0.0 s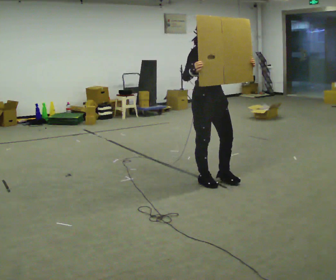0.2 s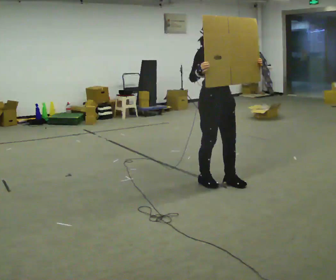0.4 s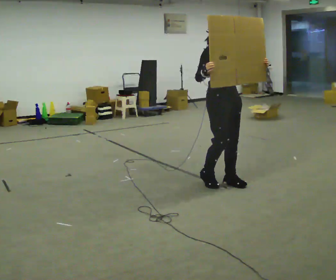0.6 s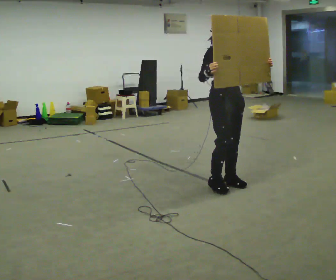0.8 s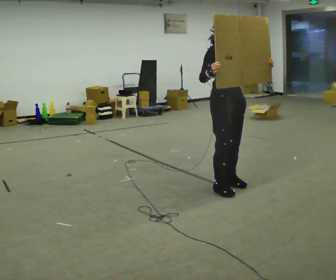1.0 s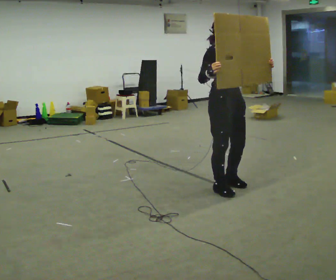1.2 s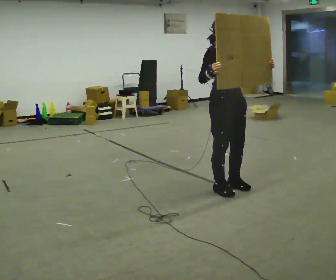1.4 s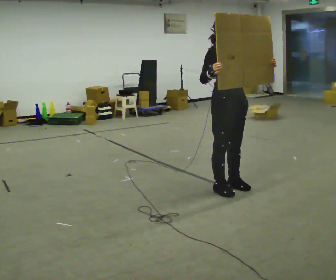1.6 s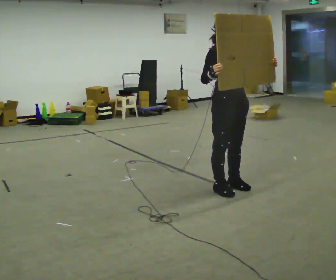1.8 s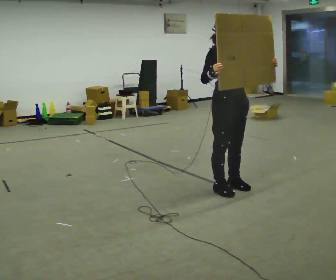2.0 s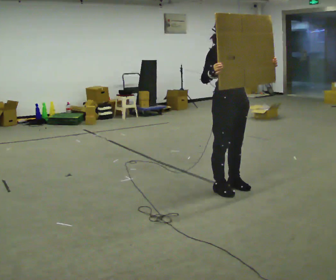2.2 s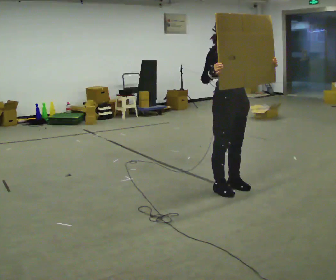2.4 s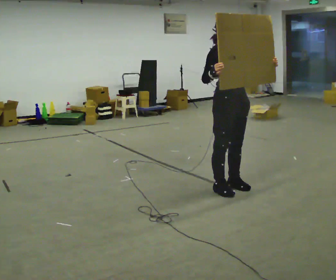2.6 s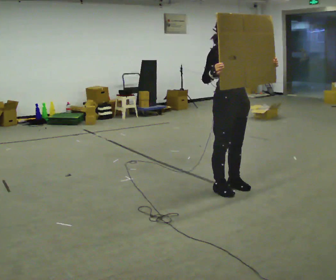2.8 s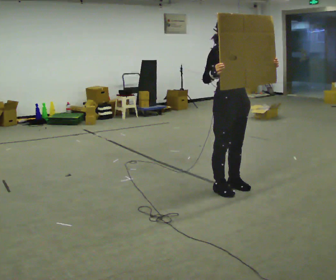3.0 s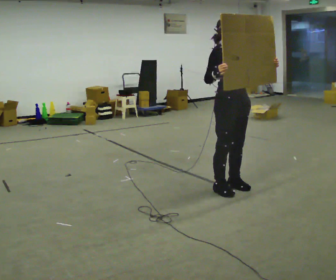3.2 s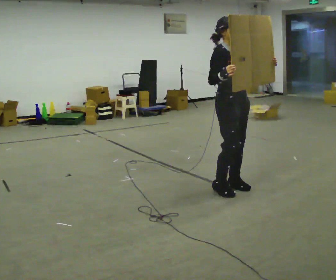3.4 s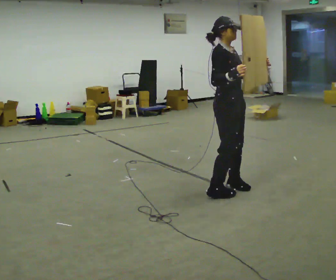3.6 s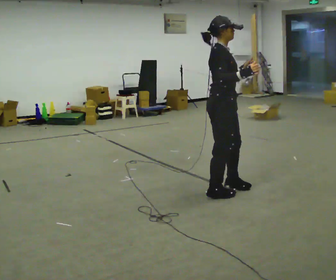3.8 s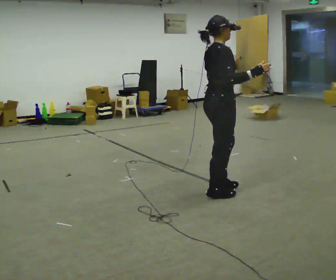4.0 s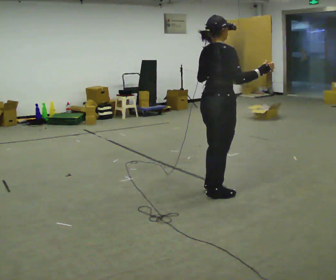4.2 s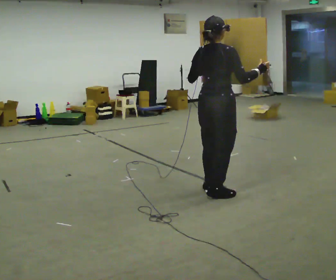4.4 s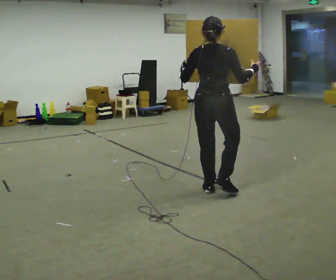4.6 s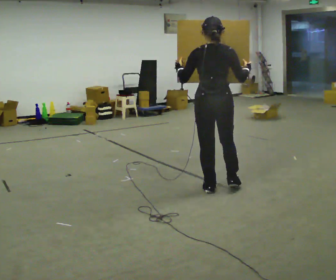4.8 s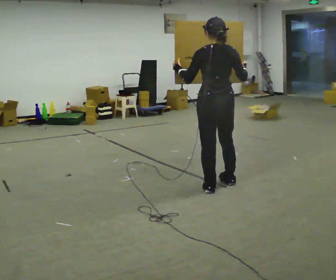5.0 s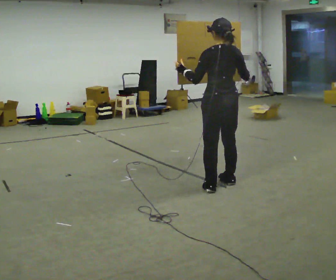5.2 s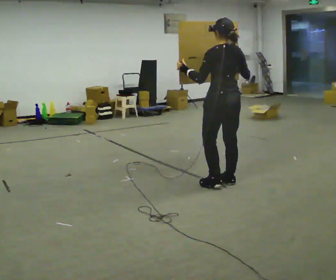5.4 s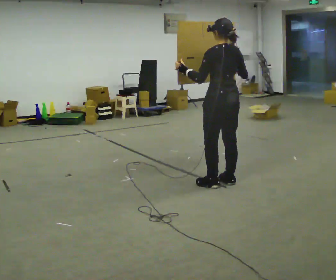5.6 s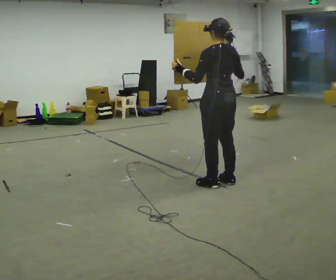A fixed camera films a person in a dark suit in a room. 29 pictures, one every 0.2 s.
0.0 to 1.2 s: In the picture they go toward the camera and to the right, about 0.25 m in 2 steps, which for them is forward.
1.2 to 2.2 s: The person keeps their place and pose.
2.2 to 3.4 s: The part of the body nearest the lens slides to the right as the person turns to their left by about 30 degrees.
3.4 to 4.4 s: Seen from above the body turns counterclockwise, about 105 degrees: to their left, with its near side sliding to the right.
4.4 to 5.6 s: Seen from above the body turns counterclockwise, about 45 degrees: to their left, with its near side sliding to the right. In the picture they go away from the camera, about 0.25 m in 1 step, which for them is forward and to their right.
The film runs forward here.
